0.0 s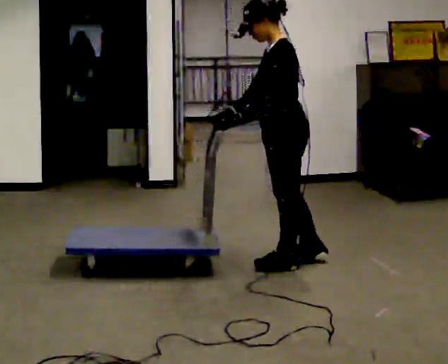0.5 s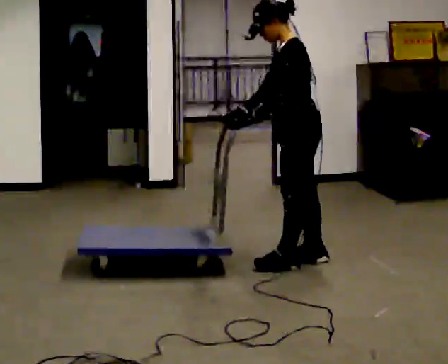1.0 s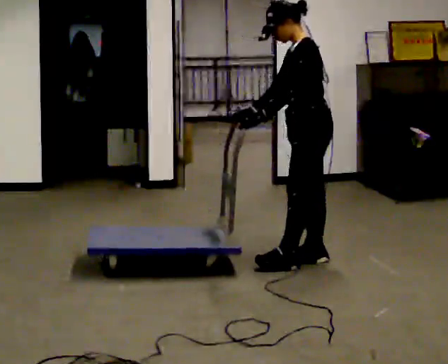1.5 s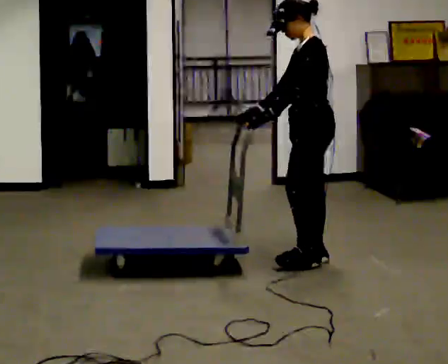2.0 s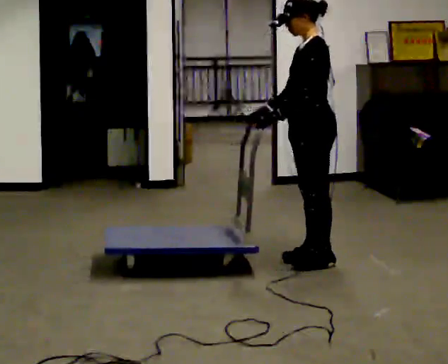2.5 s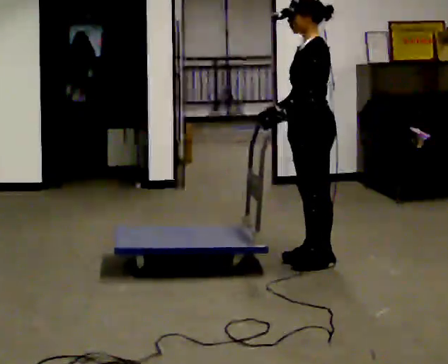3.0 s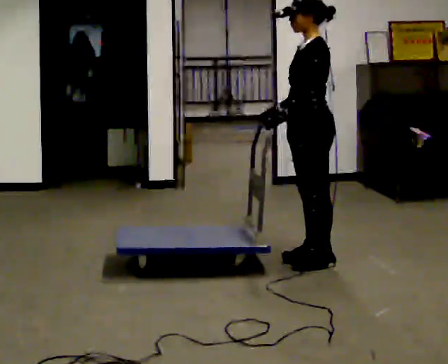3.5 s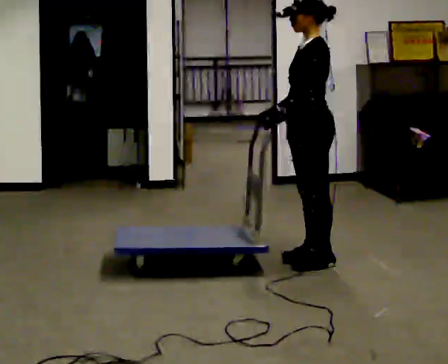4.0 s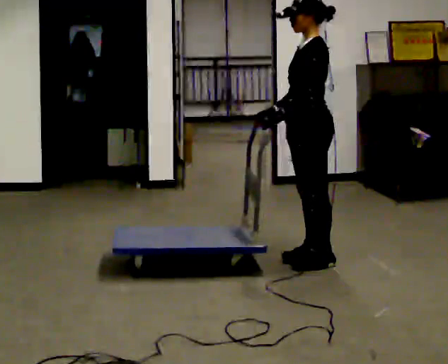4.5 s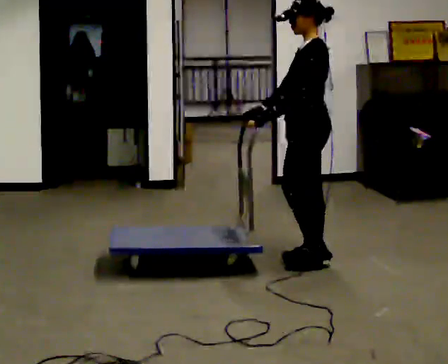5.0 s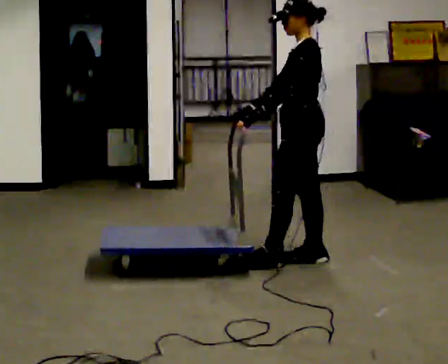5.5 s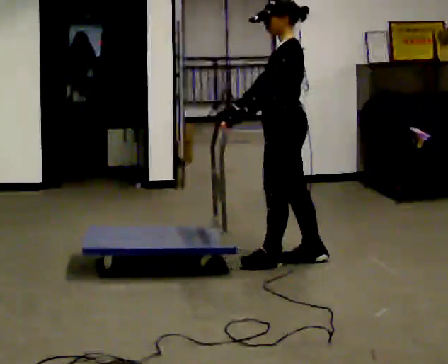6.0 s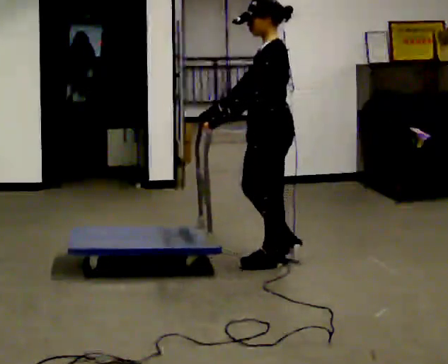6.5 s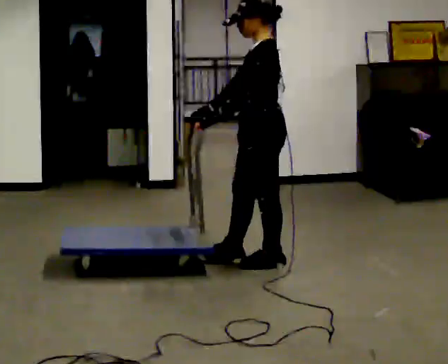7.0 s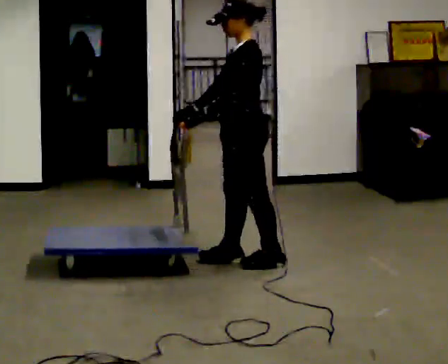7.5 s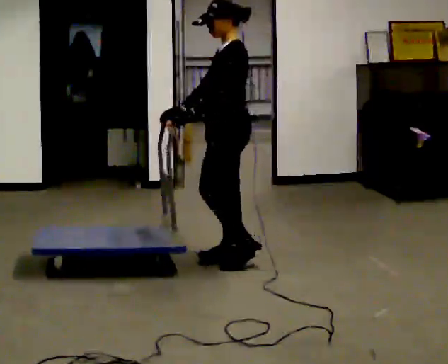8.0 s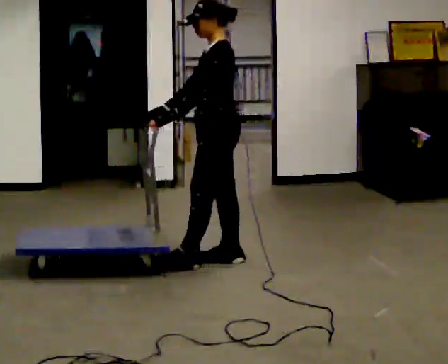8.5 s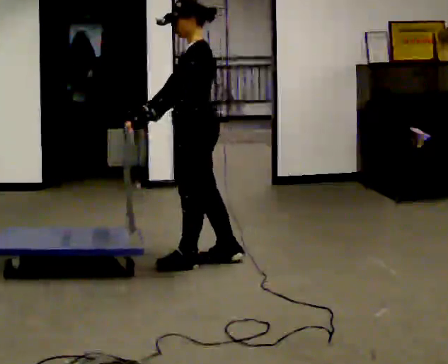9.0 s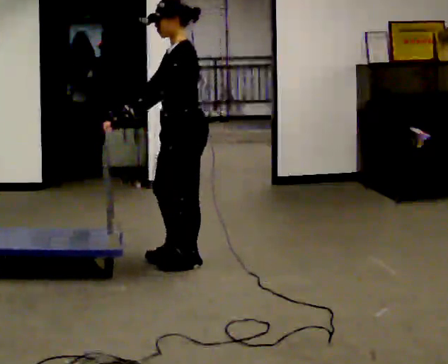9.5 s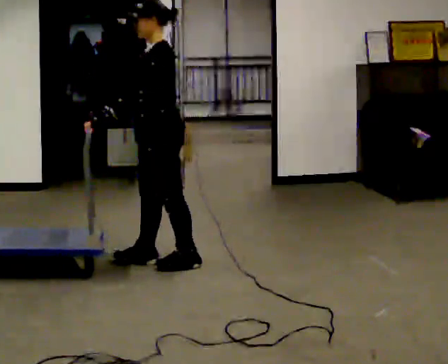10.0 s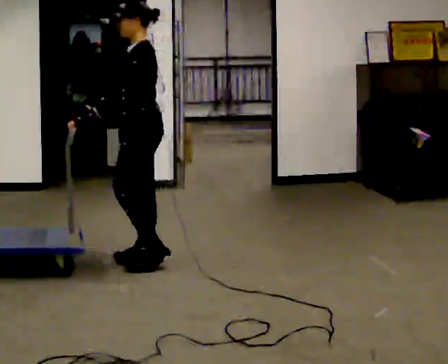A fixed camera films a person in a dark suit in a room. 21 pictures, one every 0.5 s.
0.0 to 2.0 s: In the picture they go to the right, about 0.25 m in 1 step, which for them is backward.
2.0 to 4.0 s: The person moves a little, or ends about where they began.
4.0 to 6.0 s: In the picture they go to the left, about 0.25 m in 1 step, which for them is forward. In the picture their right hand goes to the left.
6.0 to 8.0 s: In the picture they go to the left, about 0.25 m in 2 steps, which for them is forward and to their right.
8.0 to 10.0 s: In the picture they go to the left, about 0.5 m in 1 step, which for them is forward.
The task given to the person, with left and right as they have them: Get the cart into the marked parking space and lined up with the tape. Take as many adjustments as you need. Then take it out again and repeat.
The film runs forward here.
